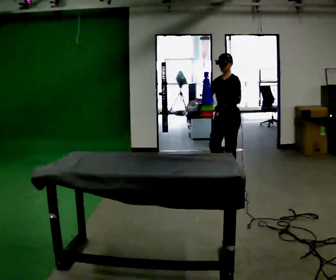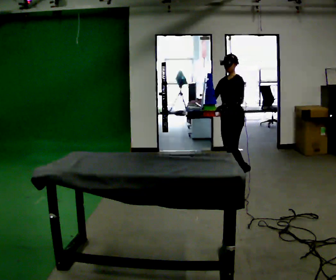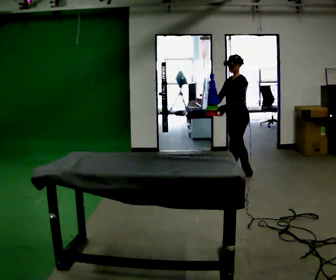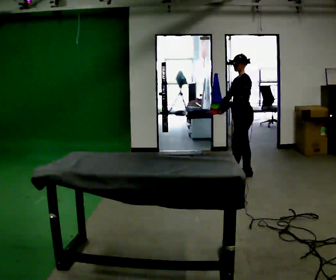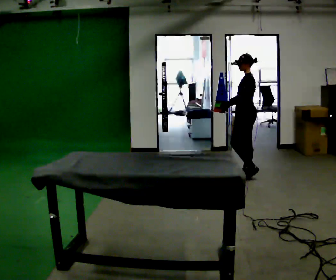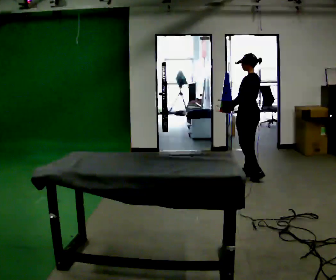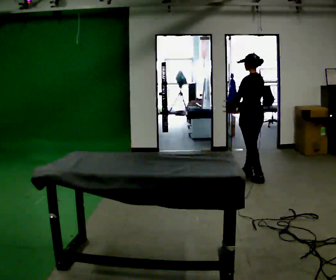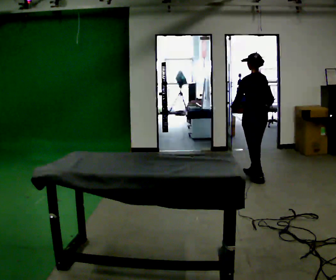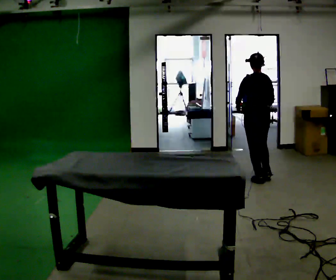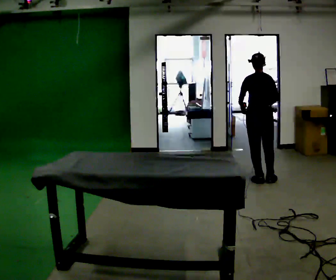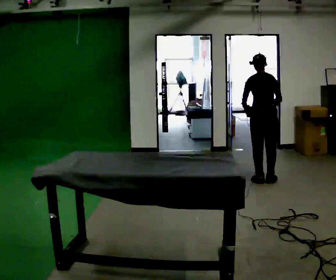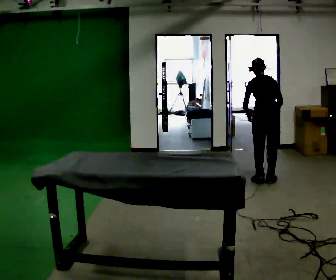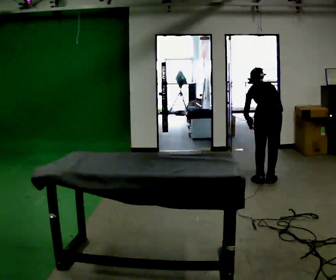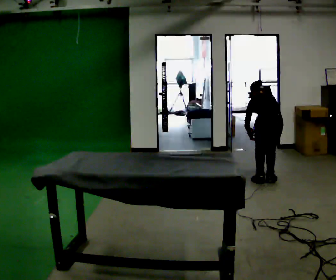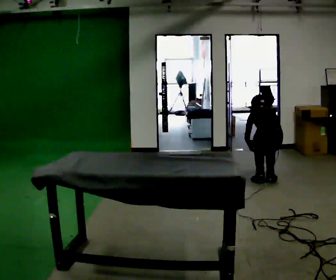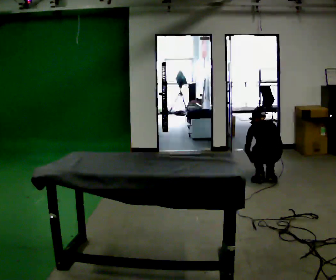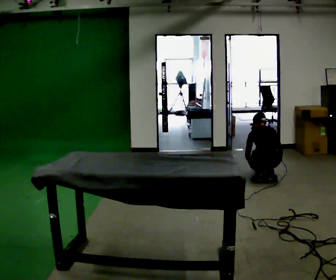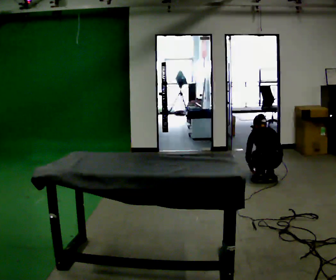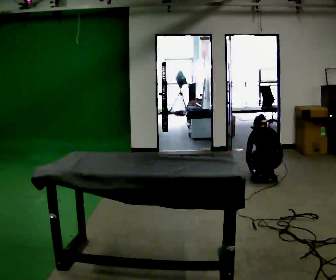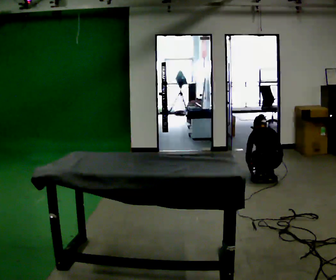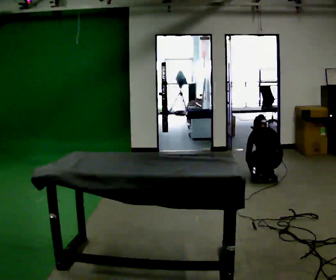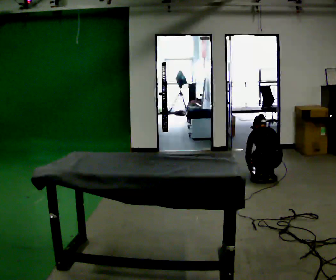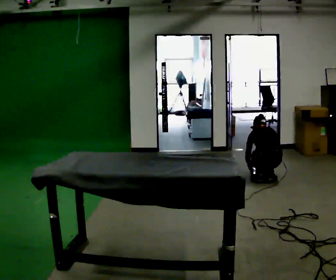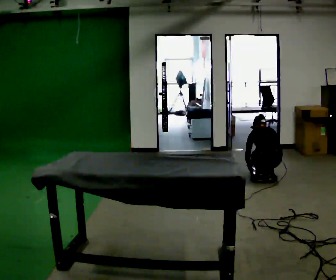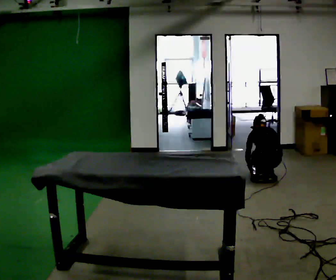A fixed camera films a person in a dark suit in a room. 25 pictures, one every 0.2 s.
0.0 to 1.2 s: The person turns about 90 degrees to their right, clockwise seen from above, so the part of the body nearest the lens slides to the left. In the picture they go to the right and away from the camera, about 0.25 m in 1 step.
1.2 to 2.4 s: The part of the body nearest the lens slides to the left as the person turns to their right by about 45 degrees. In the picture they go toward the camera and to the right, about 0.25 m in 1 step, which for them is backward and to their right. The upper body tips away from the camera, its near side rolling upward, as they bend forward.
2.4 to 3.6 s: The shoulders move downward. In the picture their right hand goes downward.
3.6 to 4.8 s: The person moves a little, or ends about where they began.
The film runs backward here.
